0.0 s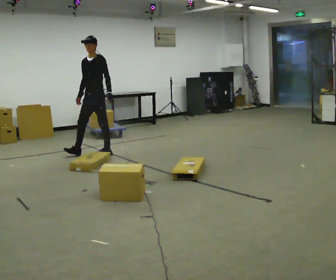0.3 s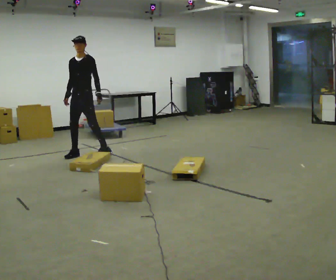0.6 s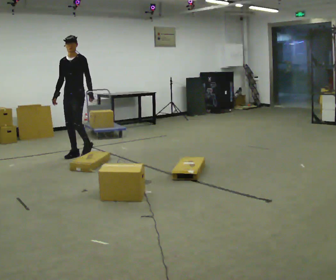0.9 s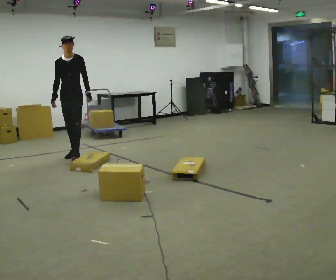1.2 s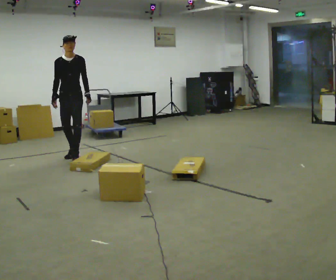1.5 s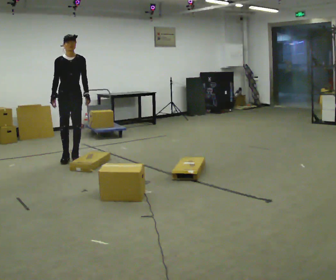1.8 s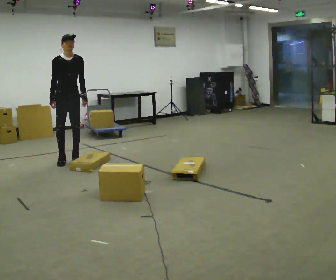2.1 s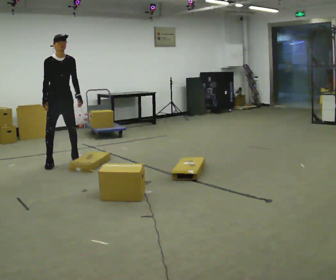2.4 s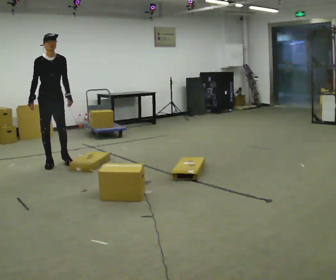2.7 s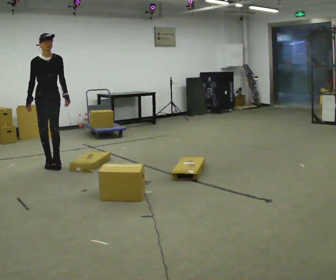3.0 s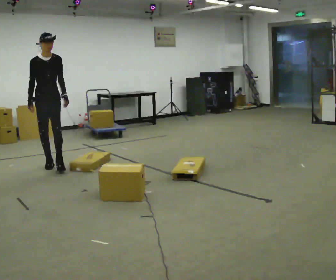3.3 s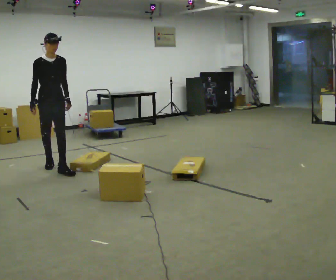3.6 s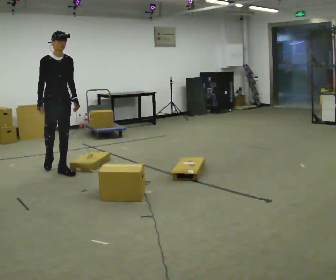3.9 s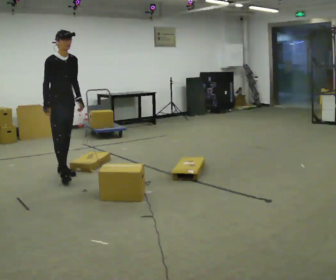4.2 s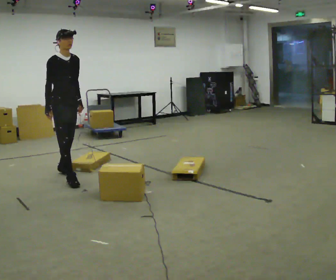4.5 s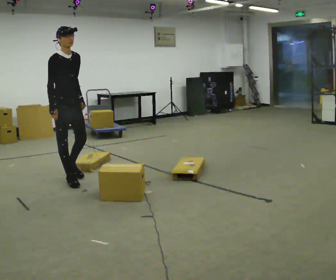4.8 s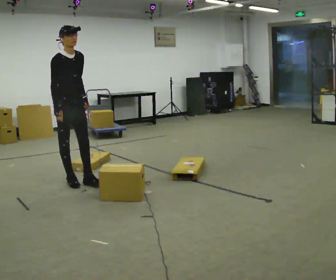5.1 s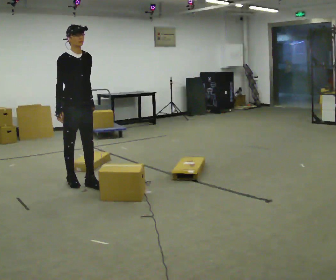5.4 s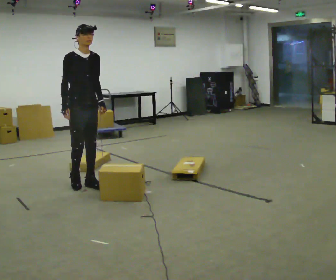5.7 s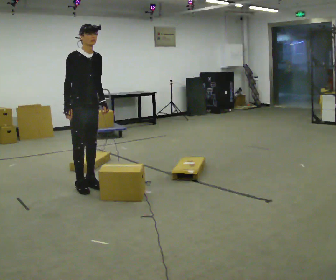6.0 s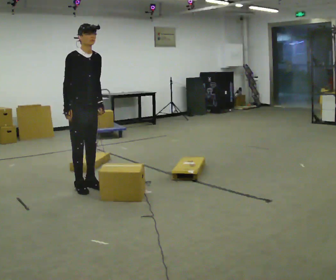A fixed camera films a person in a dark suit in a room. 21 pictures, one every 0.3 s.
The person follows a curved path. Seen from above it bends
counterclockwise.
The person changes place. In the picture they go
toward the camera.
0.0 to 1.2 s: Seen from above the body turns counterclockwise, about 45 degrees: to their left, with its near side sliding to the right. In the picture they go to the left, about 0.5 m in 2 steps, which for them is forward and to their right.
1.2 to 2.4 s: In the picture they go to the left and toward the camera, about 0.5 m in 2 steps, which for them is to their right and forward.
2.4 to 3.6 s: In the picture they go toward the camera, about 0.5 m in 1 step, which for them is forward.
3.6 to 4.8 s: In the picture they go toward the camera, about 0.5 m in 1 step, which for them is forward.
4.8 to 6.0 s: In the picture they go toward the camera, about 0.25 m in 2 steps, which for them is forward.
The film runs forward here.
